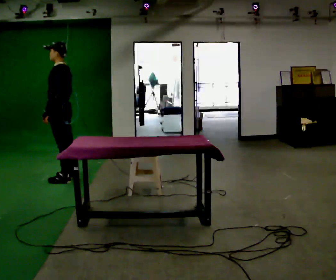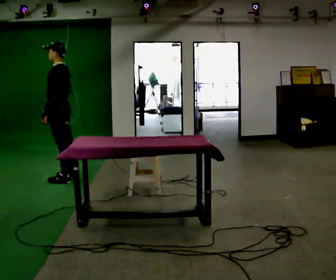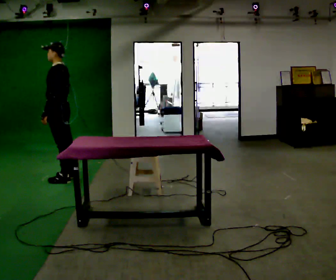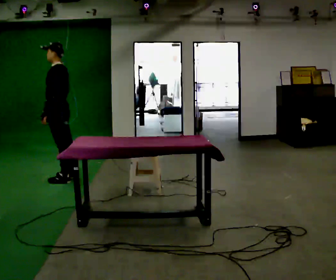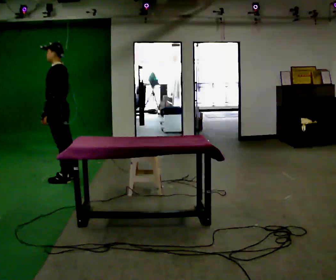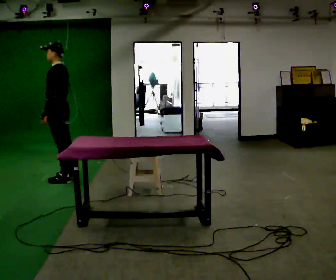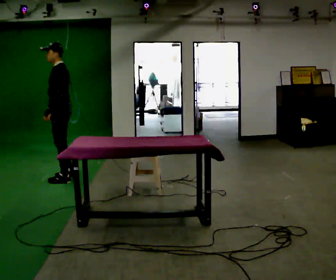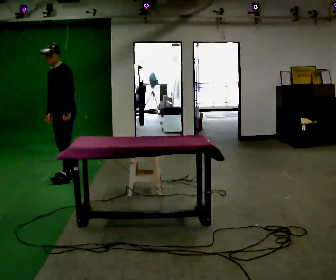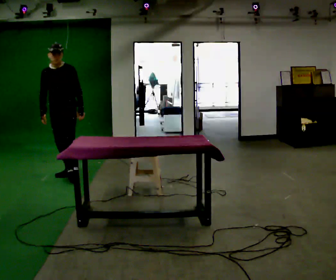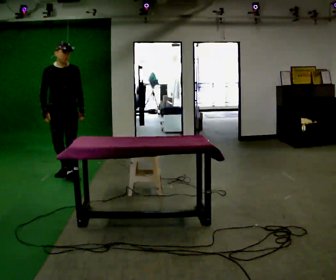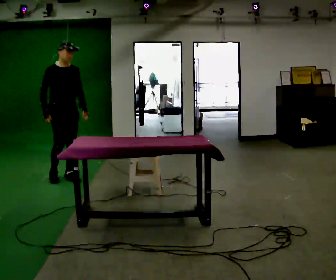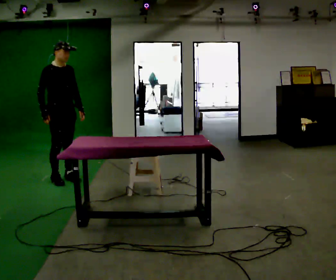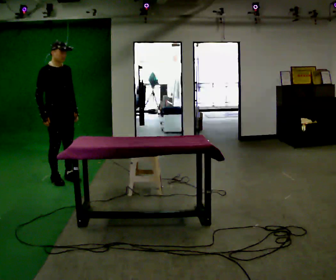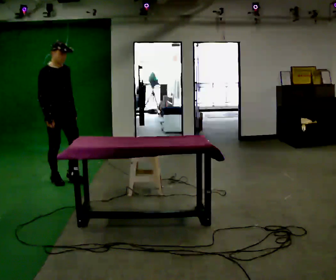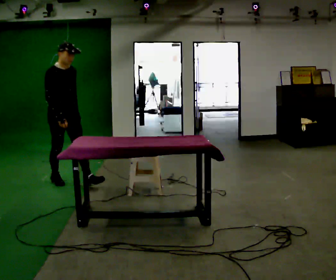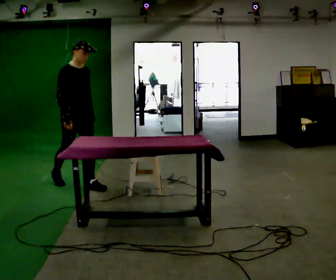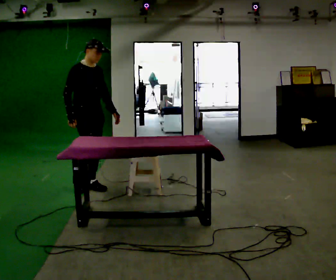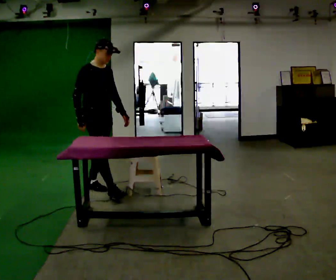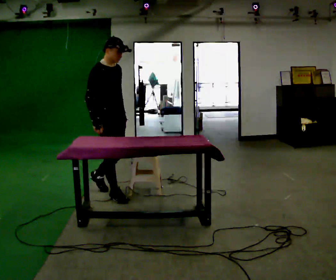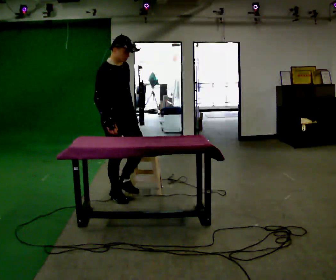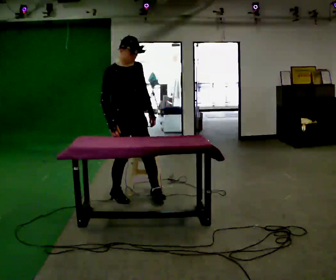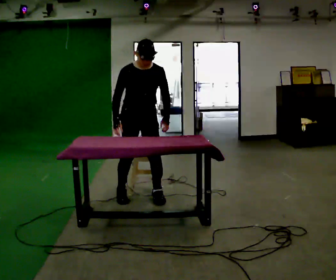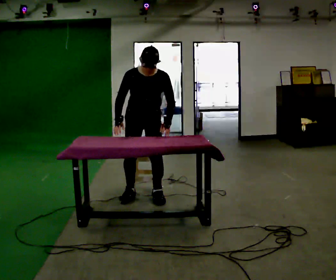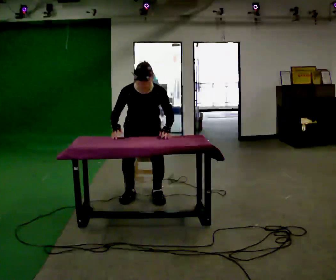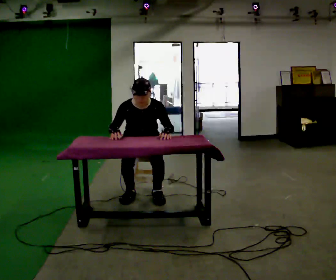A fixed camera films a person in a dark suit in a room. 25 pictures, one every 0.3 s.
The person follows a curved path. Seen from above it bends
counterclockwise.
0.0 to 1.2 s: The person moves a little, or ends about where they began.
1.2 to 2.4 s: Seen from above the body turns counterclockwise, about 90 degrees: to their left, with its near side sliding to the right. In the picture their left hand goes to the right, the arm swinging counterclockwise.
2.4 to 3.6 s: The part of the body nearest the lens slides to the right as the person turns to their left by about 60 degrees. In the picture they go toward the camera, about 0.25 m in 2 steps.
3.6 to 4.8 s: In the picture they go toward the camera and to the right, about 0.5 m in 1 step, which for them is forward.
4.8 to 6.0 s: In the picture they go toward the camera and to the right, about 0.5 m in 1 step, which for them is forward.
6.0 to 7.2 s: Seen from above the body turns clockwise, about 30 degrees: to their right, with its near side sliding to the left. In the picture they go to the right and away from the camera, about 0.25 m in 2 steps, which for them is backward and to their left. The upper body goes downward. The upper body tips toward the camera, its near side rolling downward, as they bend forward.
The film runs forward here.
